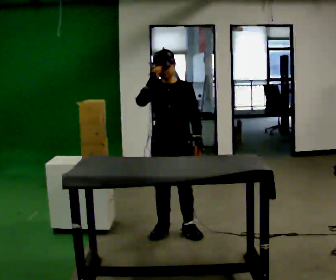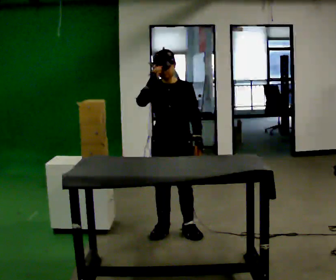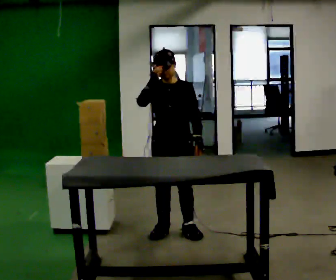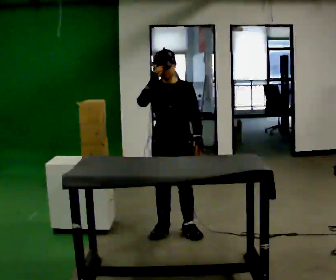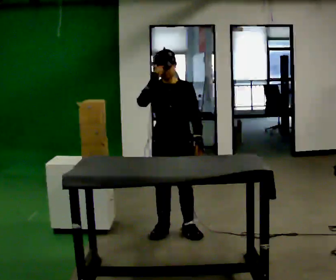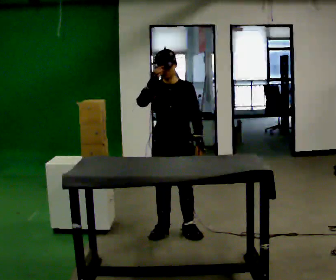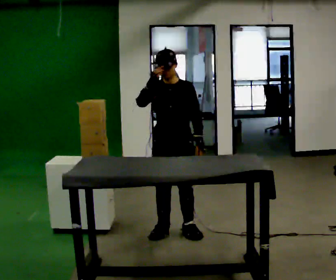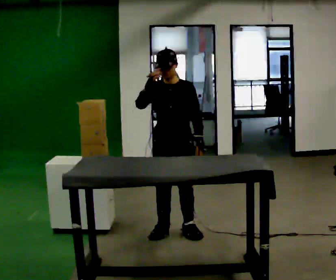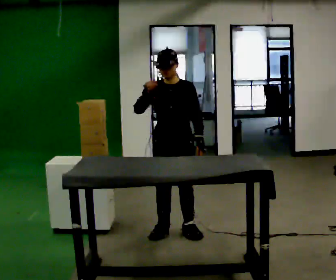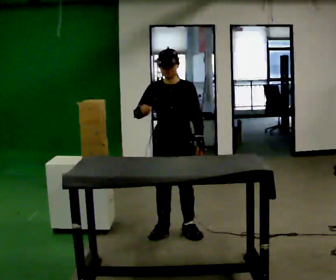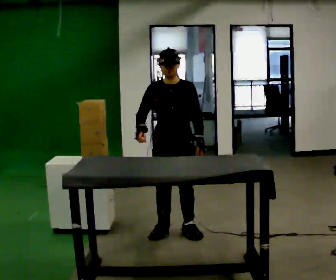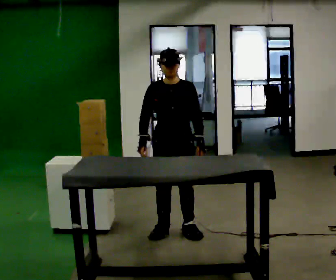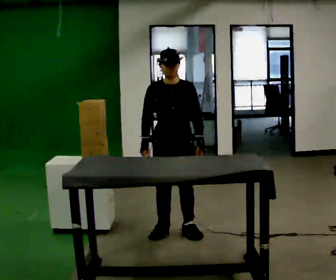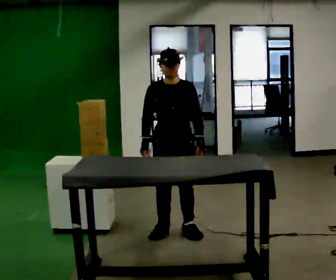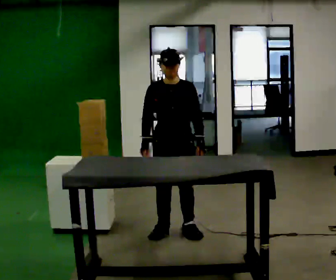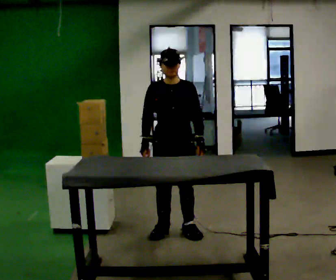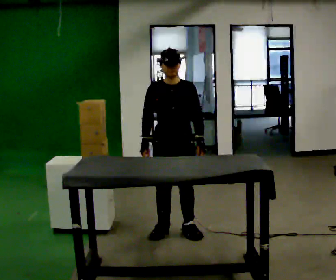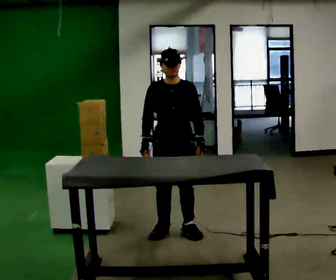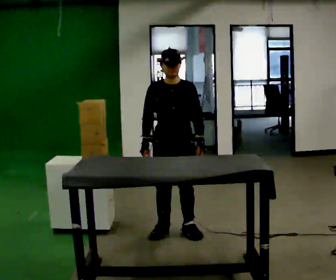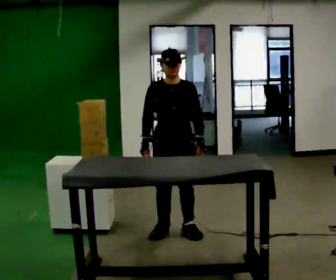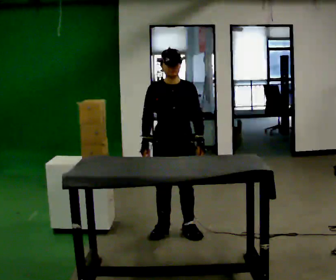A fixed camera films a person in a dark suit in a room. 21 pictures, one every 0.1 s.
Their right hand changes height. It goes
downward.
0.0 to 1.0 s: In the picture their right hand goes downward.
1.0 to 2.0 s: The person moves a little, or ends about where they began.
The film runs backward here.
